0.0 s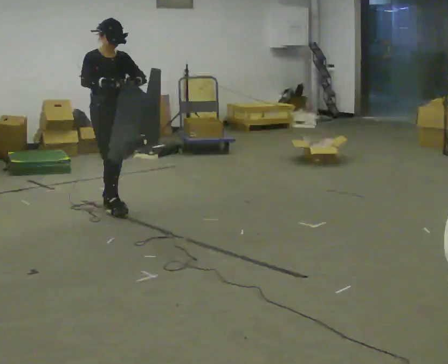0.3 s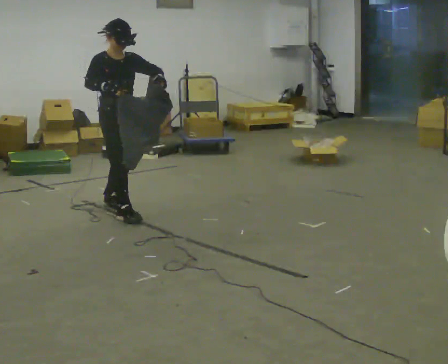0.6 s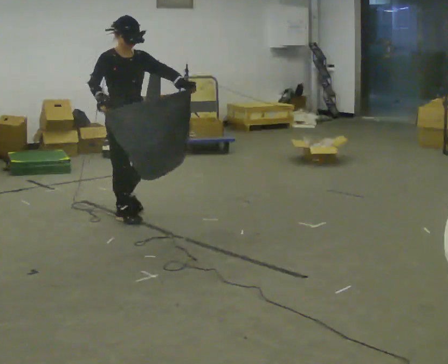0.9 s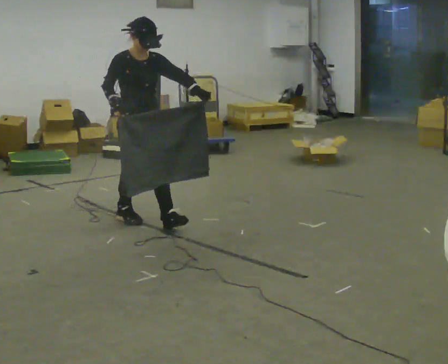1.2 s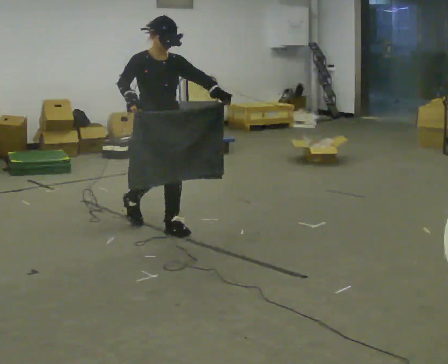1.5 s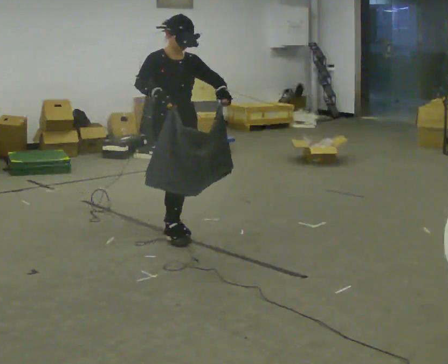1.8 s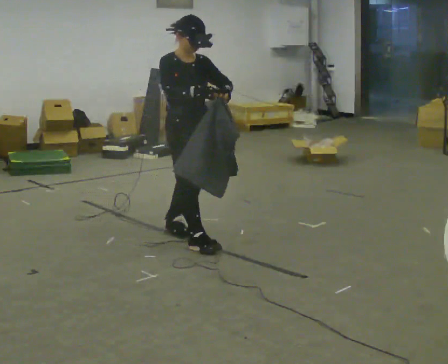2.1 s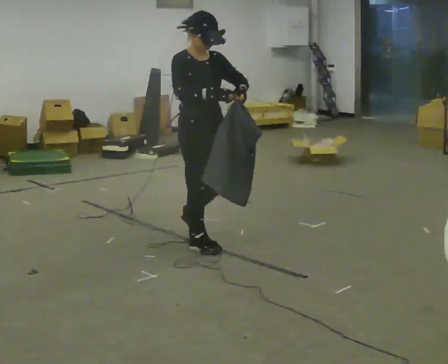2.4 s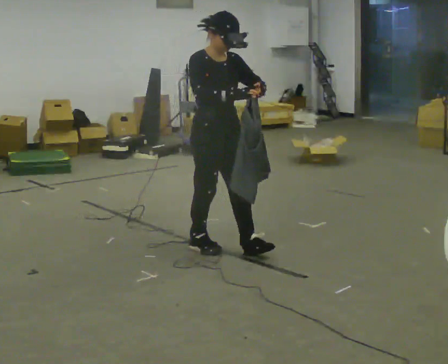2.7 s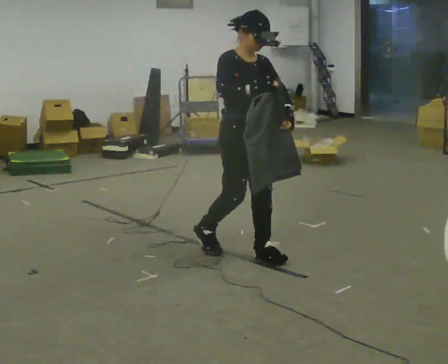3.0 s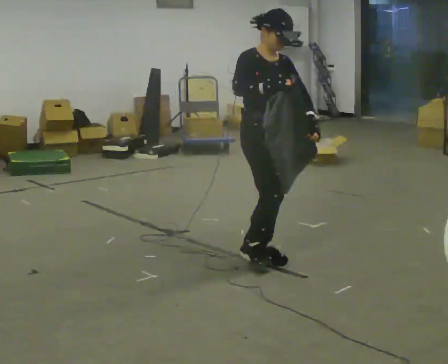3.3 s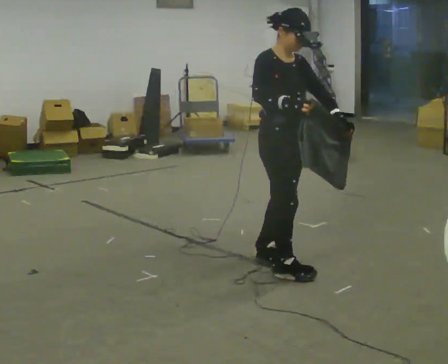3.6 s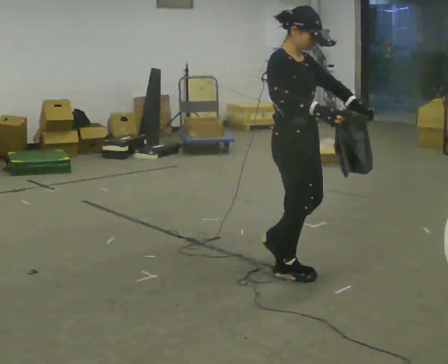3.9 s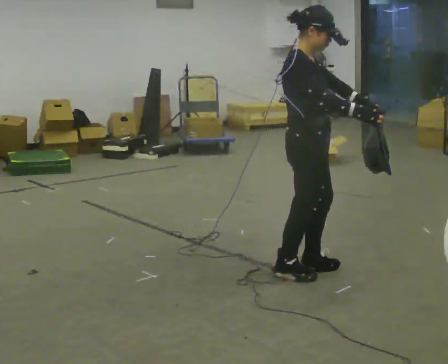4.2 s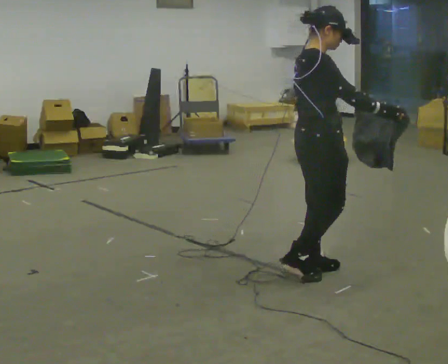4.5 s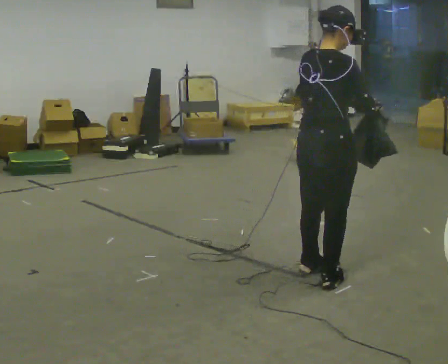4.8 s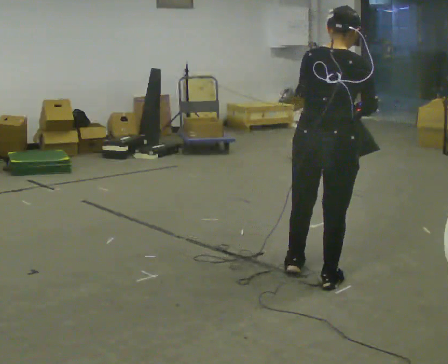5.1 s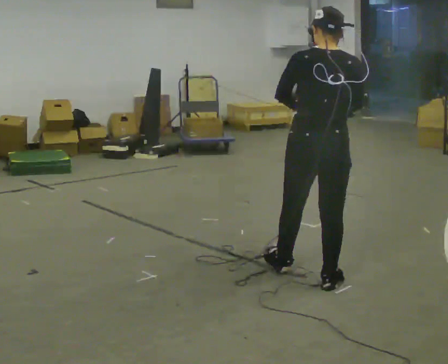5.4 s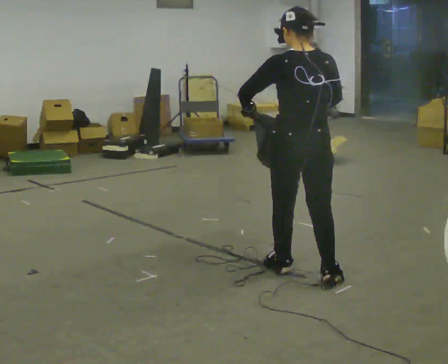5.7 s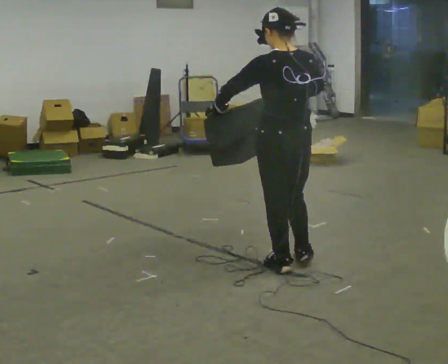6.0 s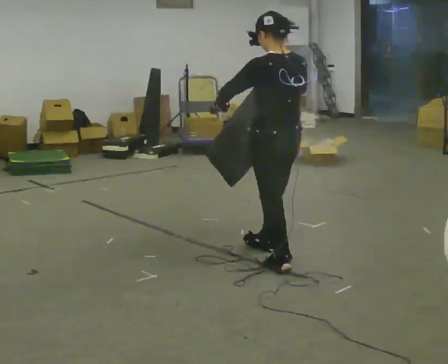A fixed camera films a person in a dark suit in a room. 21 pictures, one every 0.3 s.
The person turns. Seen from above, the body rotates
counterclockwise.
The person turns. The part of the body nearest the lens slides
to the right.
0.0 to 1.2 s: In the picture they go toward the camera and to the right, about 0.5 m in 2 steps, which for them is forward.
1.2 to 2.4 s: In the picture they go toward the camera and to the right, about 0.5 m in 1 step, which for them is forward.
2.4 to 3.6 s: In the picture they go to the right and toward the camera, about 0.5 m in 2 steps, which for them is forward.
3.6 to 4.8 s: Seen from above the body turns counterclockwise, about 90 degrees: to their left, with its near side sliding to the right. In the picture they go toward the camera and to the right, about 0.25 m in 2 steps.
4.8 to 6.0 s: The person turns about 45 degrees to their left, counterclockwise seen from above, so the part of the body nearest the lens slides to the right. In the picture they go away from the camera and to the left, about 0.5 m in 1 step, which for them is forward.
The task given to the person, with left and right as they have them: Carry the cloth and, while walking, fold it in half, then unfold it. Keep repeating as you walk. Do not stop.
The film runs forward here.
